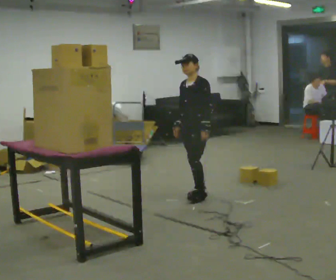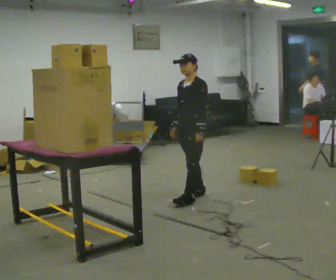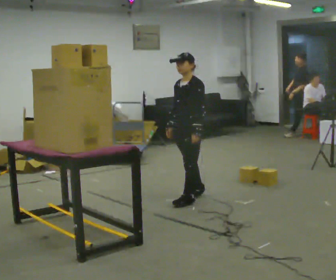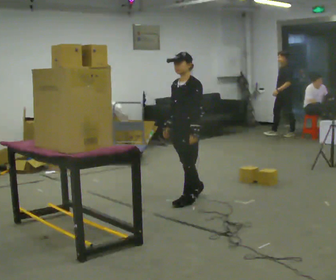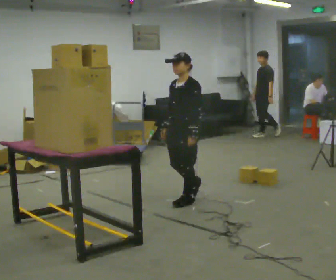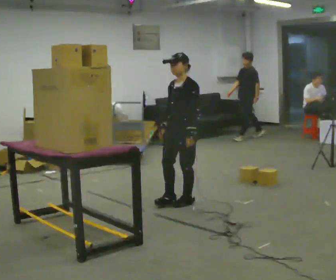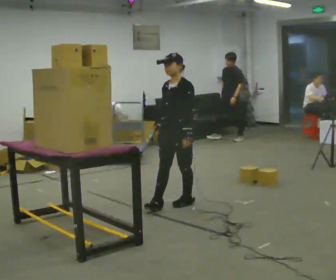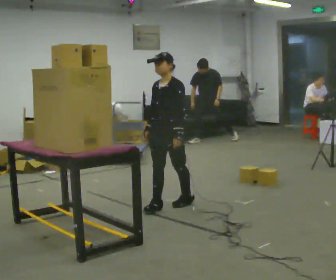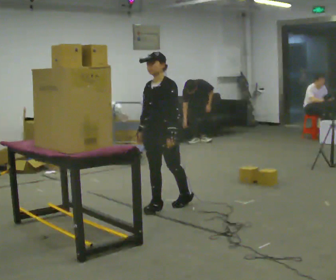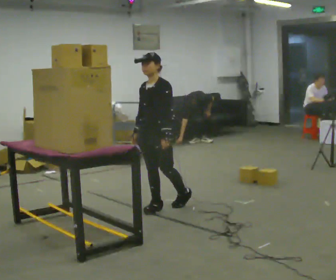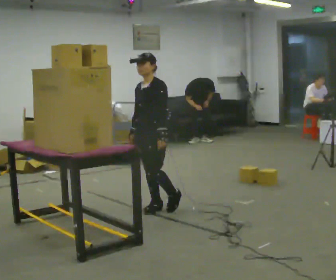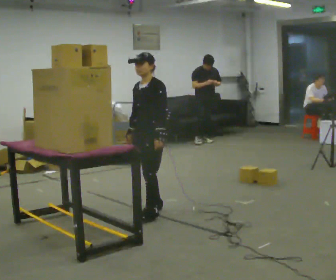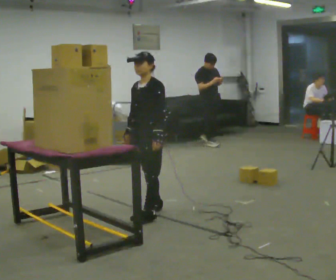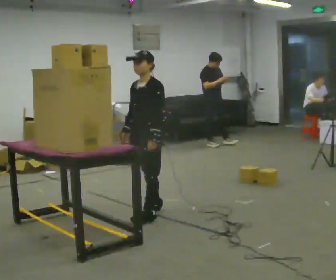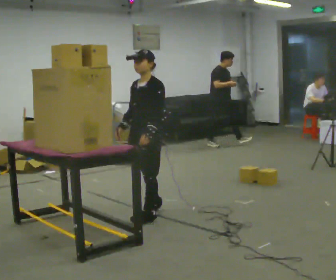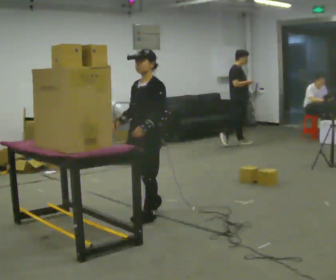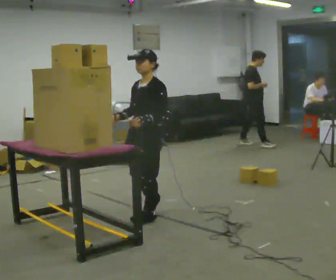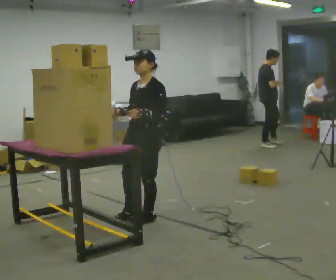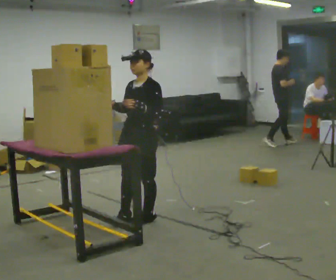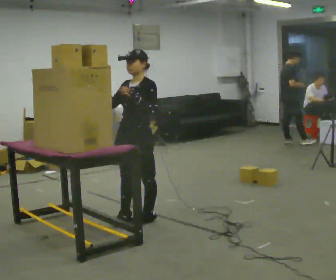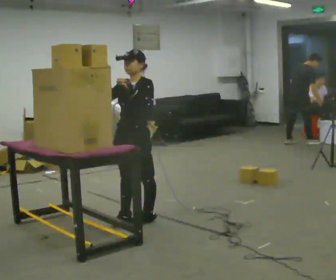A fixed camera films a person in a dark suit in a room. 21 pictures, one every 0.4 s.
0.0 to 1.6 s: In the picture they go toward the camera, about 0.25 m in 1 step, which for them is forward and to their left.
1.6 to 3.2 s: In the picture they go to the left and toward the camera, about 0.25 m in 1 step, which for them is forward.
3.2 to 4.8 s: The person moves a little, or ends about where they began.
4.8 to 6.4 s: In the picture they go toward the camera, about 0.25 m, which for them is to their left and forward.
6.4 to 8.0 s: The person moves a little, or ends about where they began.
The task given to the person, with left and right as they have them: Take an object down from the highest shelf you can comfortably reach, carry it across the room, and set it on the floor. Keep going until the operator says stop; one object at a time, and do not rush between trips.
The film runs forward here.
